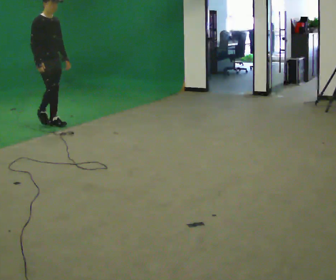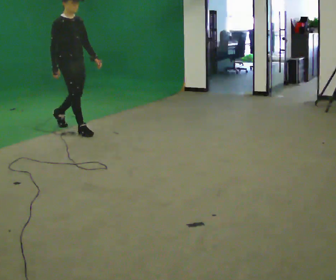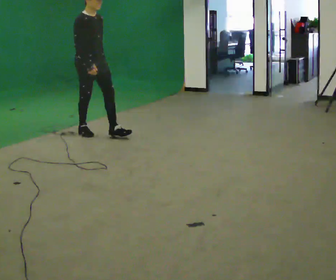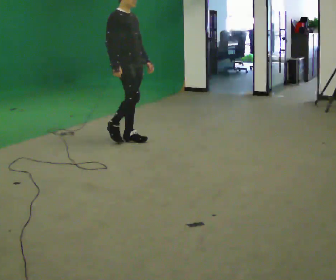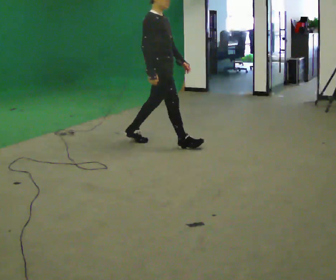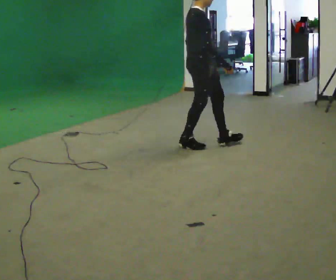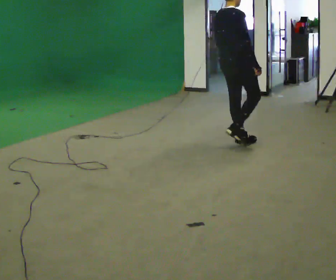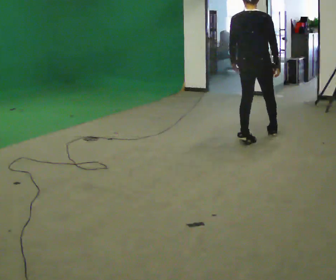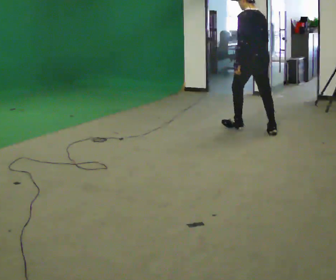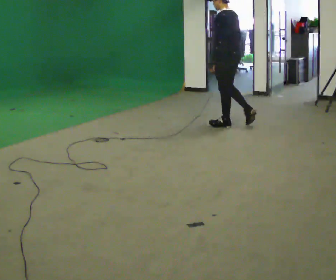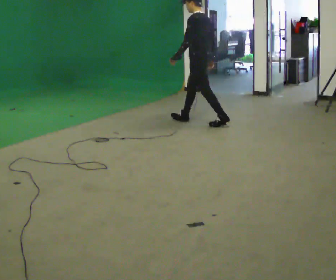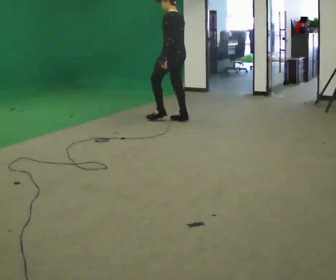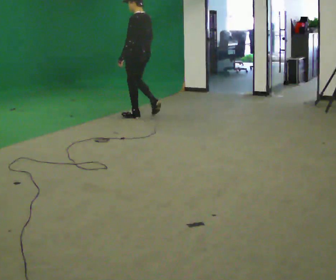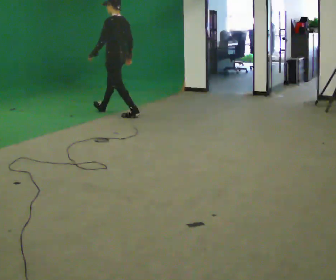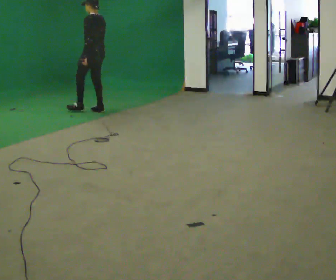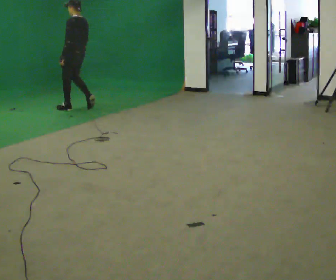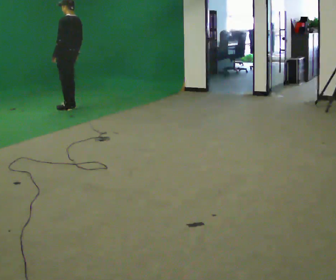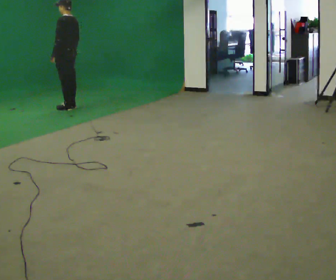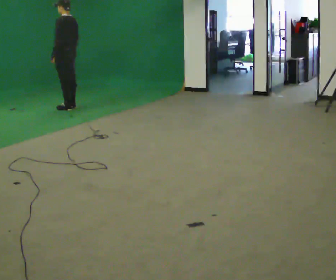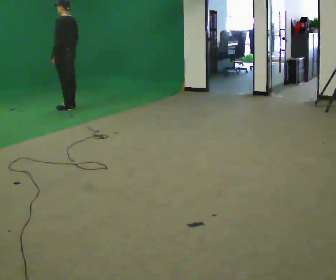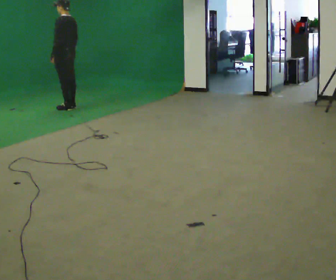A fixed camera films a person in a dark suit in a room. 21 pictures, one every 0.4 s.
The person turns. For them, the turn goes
to their left.
The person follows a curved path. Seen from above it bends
counterclockwise.
0.0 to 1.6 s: In the picture they go to the right and toward the camera, about 1.5 m in 3 steps, which for them is forward.
1.6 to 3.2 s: Seen from above the body turns counterclockwise, about 135 degrees: to their left, with its near side sliding to the right. In the picture they go to the right and away from the camera, about 1 m in 2 steps.
3.2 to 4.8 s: The person turns about 30 degrees to their left, counterclockwise seen from above, so the part of the body nearest the lens slides to the right. In the picture they go to the left and away from the camera, about 1.5 m in 3 steps, which for them is forward.
4.8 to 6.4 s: In the picture they go to the left and away from the camera, about 1.5 m in 3 steps, which for them is forward.
6.4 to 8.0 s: The person moves a little, or ends about where they began.
The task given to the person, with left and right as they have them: Walk straight; turn around and walk back; use wide or tight turn.
The film runs forward here.
